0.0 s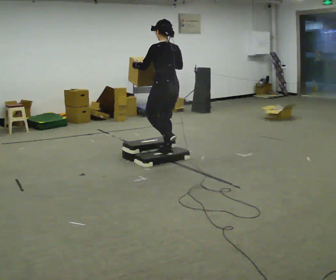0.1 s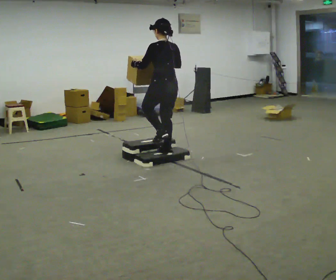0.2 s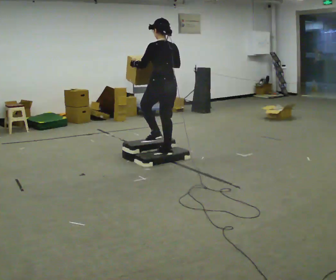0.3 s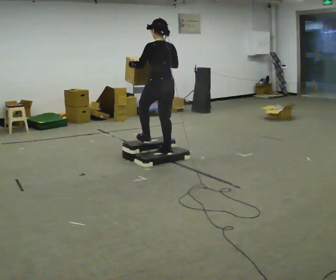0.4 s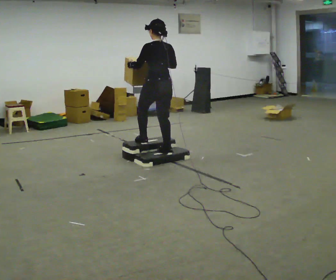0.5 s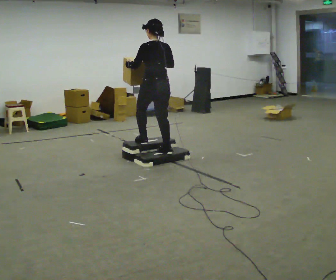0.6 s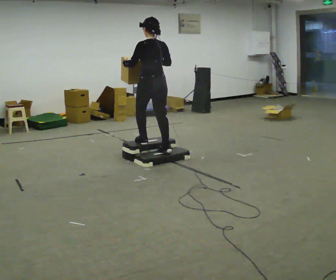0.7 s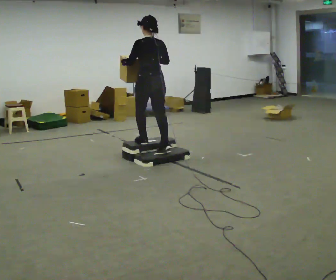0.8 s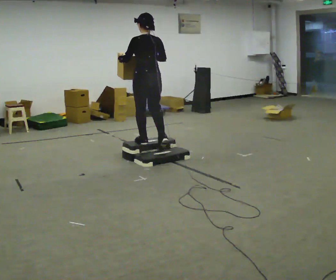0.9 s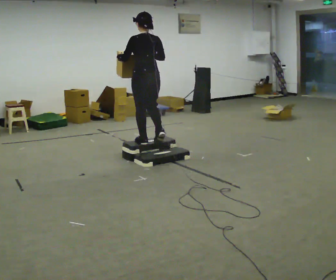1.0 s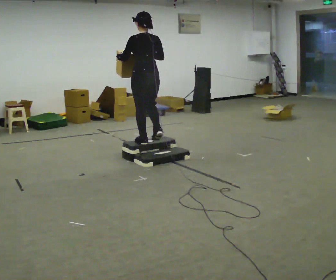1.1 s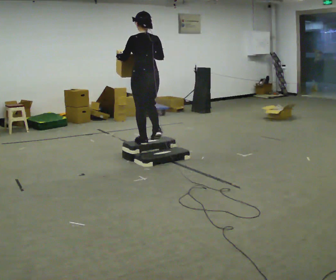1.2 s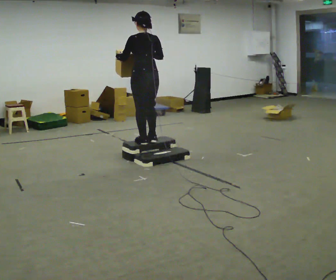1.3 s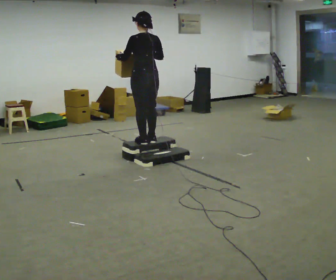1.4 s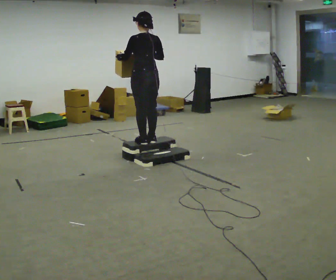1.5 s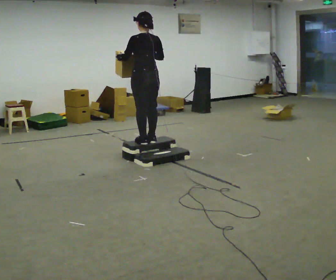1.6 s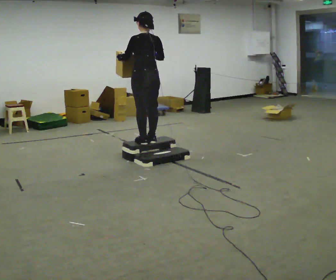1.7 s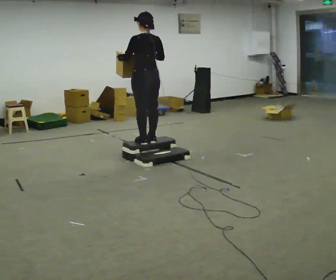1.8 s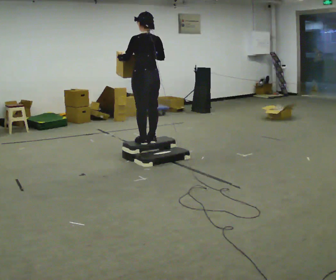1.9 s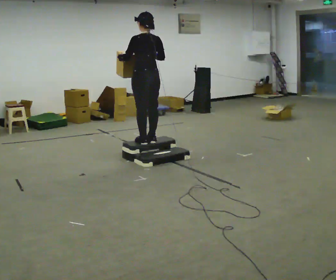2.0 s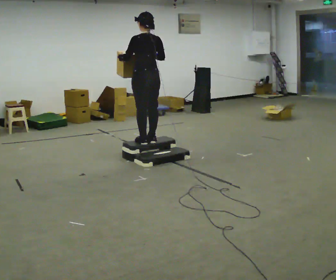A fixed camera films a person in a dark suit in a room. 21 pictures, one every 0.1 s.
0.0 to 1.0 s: In the picture they go to the left and away from the camera, about 0.25 m in 1 step, which for them is forward and to their left.
1.0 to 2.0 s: The person moves a little, or ends about where they began.
The film runs forward here.
